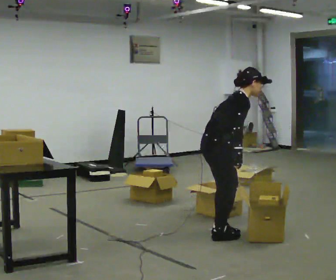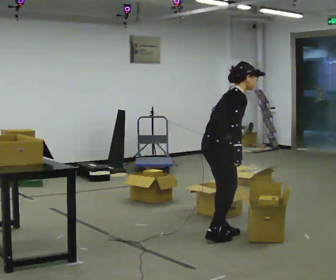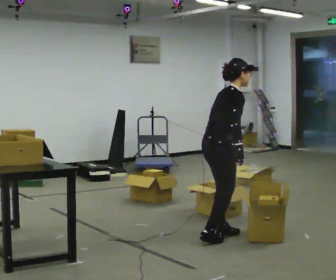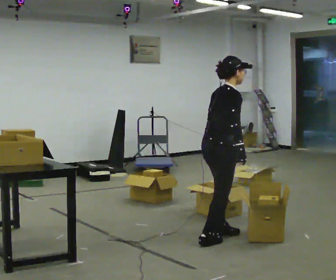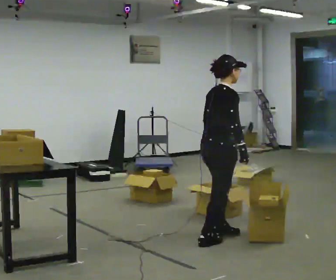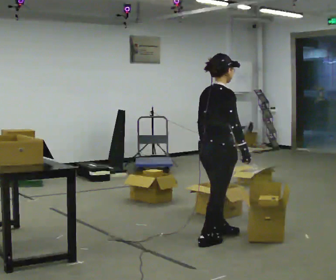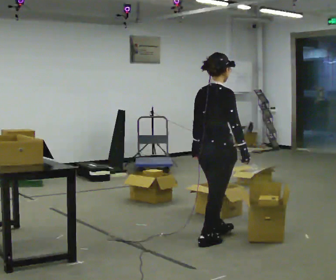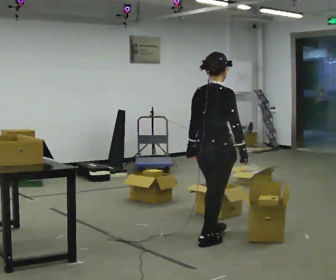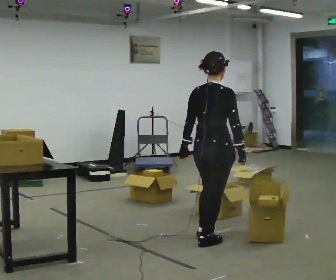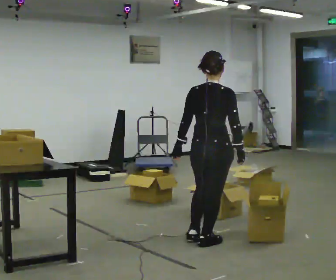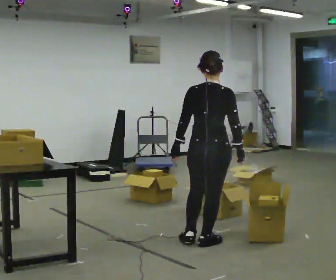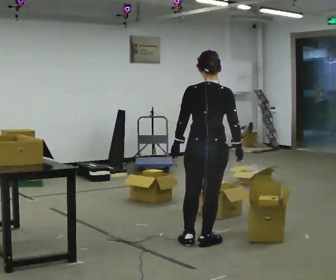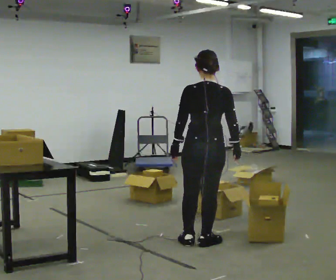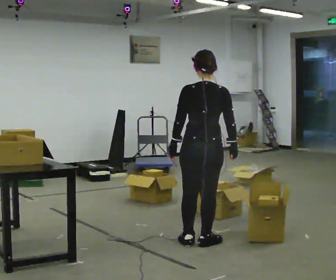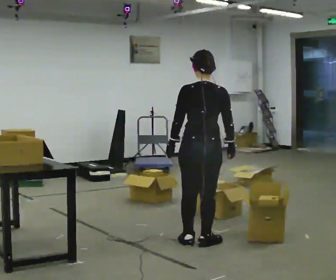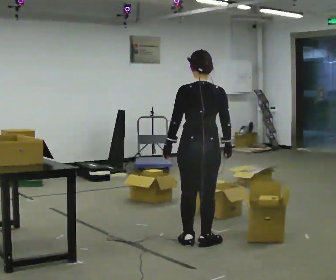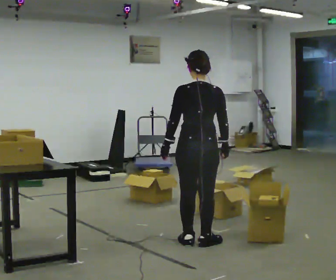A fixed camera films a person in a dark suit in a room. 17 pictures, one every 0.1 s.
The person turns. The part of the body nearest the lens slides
to the right.
The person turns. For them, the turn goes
to their left.
0.0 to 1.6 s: The person turns about 75 degrees to their left, counterclockwise seen from above, so the part of the body nearest the lens slides to the right. In the picture they go toward the camera, about 0.25 m in 2 steps. In the picture the upper body tilts counterclockwise, shoulders to the left, as they lean back or straighten.
The film runs forward here.
